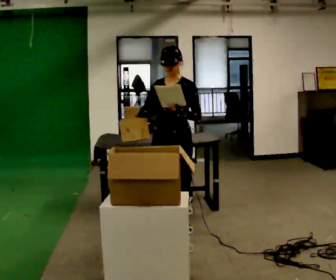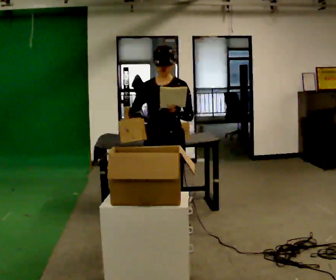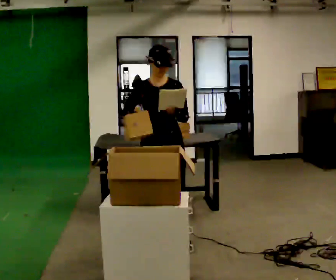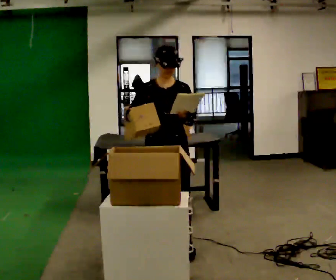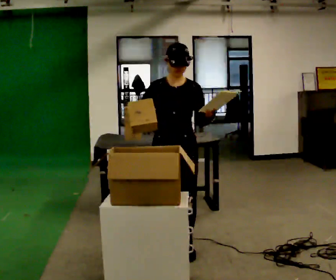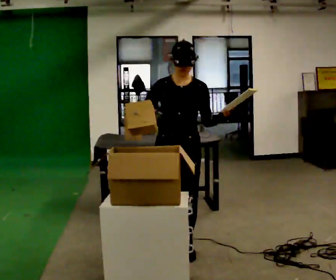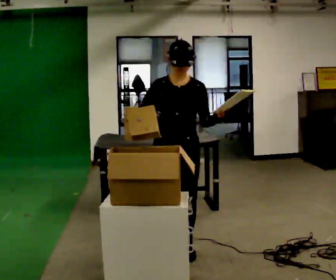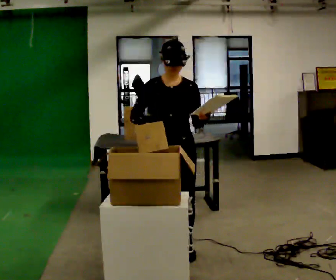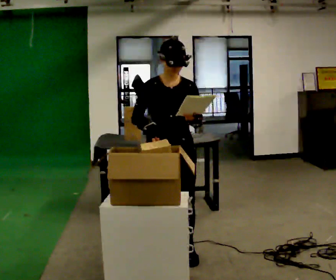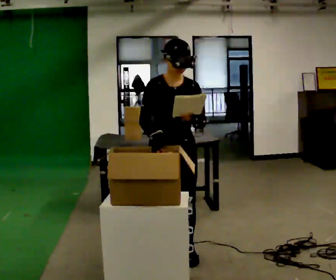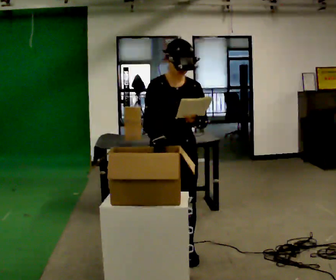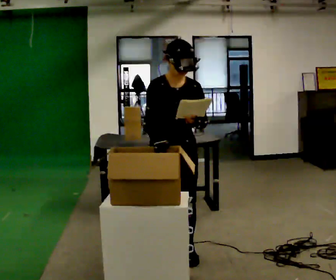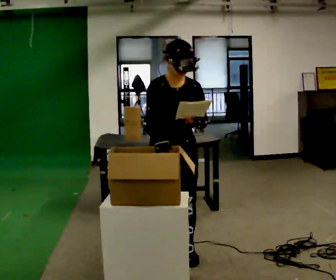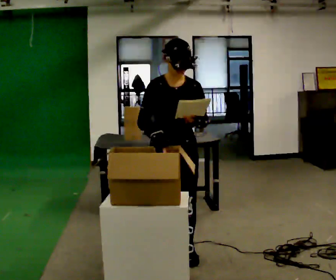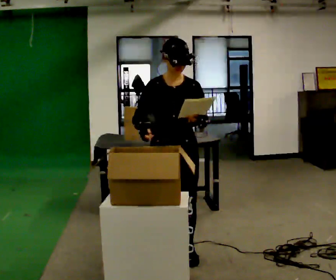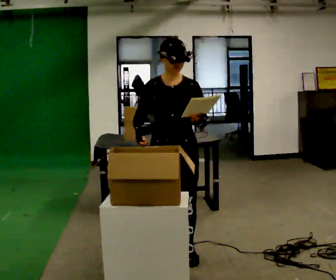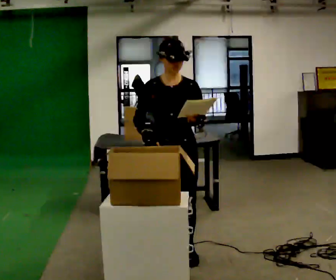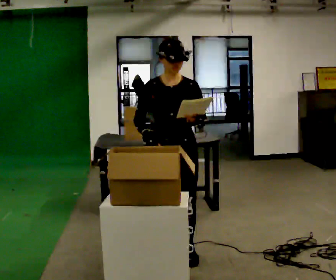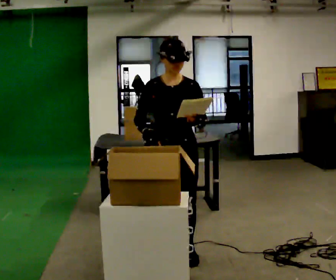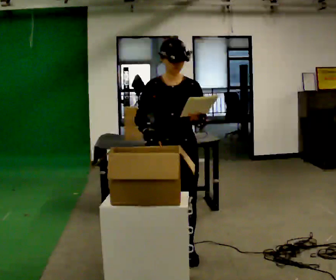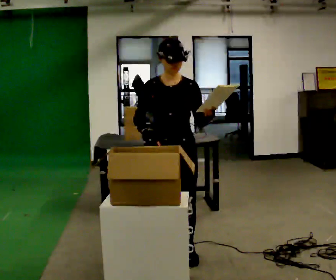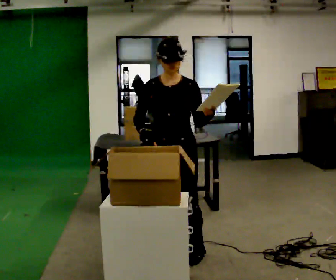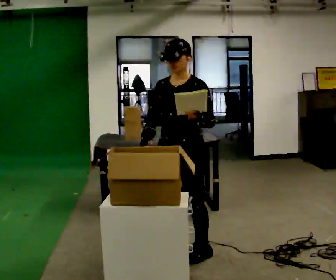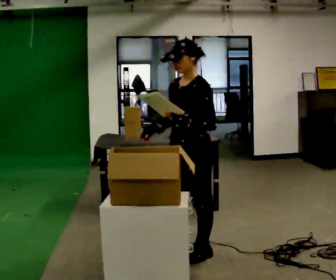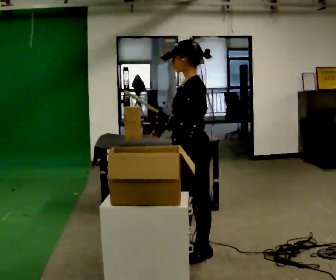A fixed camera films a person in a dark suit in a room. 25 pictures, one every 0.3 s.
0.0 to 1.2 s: Seen from above the body turns counterclockwise, about 30 degrees: to their left, with its near side sliding to the right. In the picture they go toward the camera, about 0.5 m in 2 steps, which for them is forward.
1.2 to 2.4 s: In the picture they go toward the camera, about 0.25 m in 1 step, which for them is forward.
2.4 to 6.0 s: The person moves a little, or ends about where they began.
6.0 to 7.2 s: The person turns about 90 degrees to their right, clockwise seen from above, so the part of the body nearest the lens slides to the left. In the picture they go to the right, about 0.25 m in 1 step.
The film runs forward here.
